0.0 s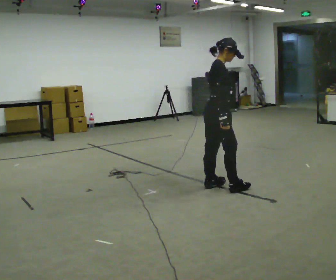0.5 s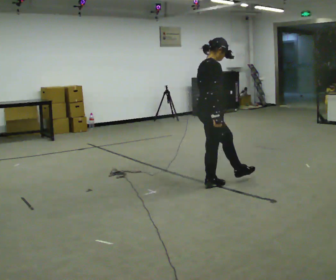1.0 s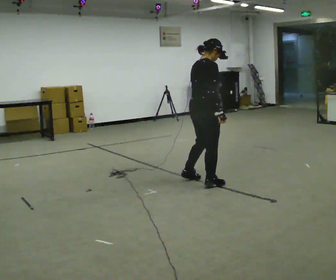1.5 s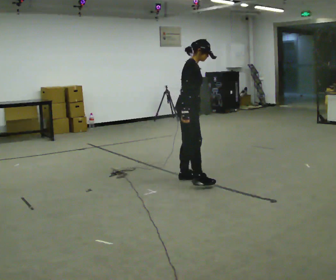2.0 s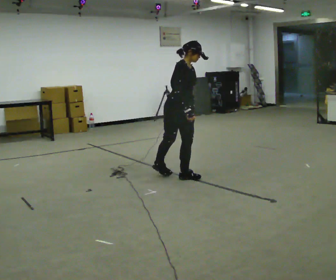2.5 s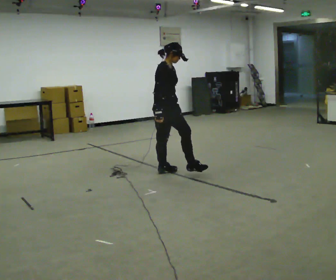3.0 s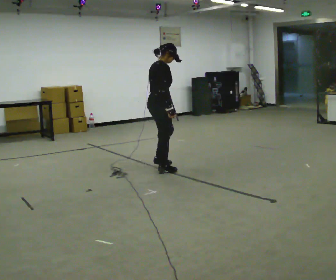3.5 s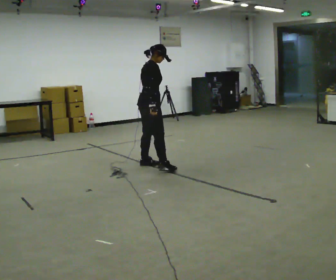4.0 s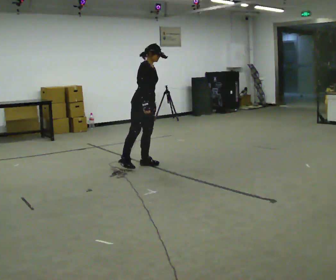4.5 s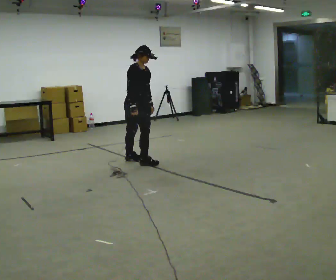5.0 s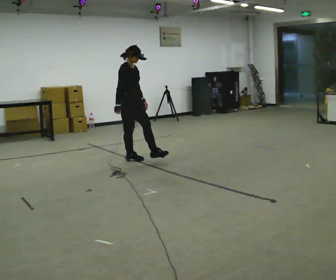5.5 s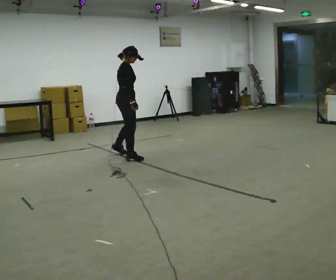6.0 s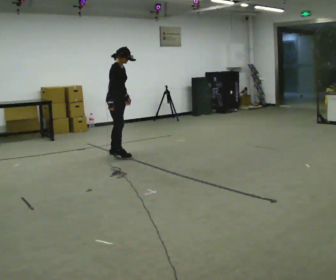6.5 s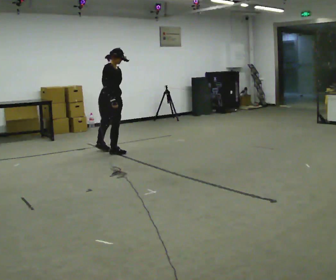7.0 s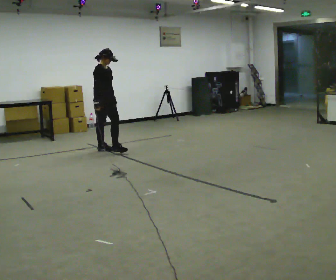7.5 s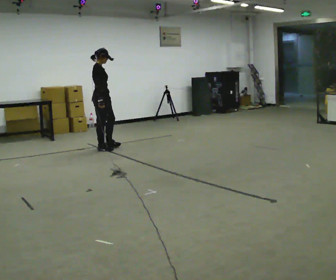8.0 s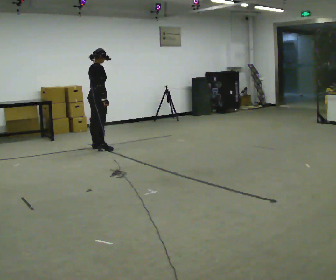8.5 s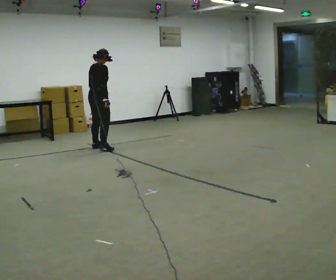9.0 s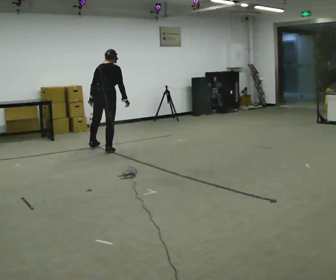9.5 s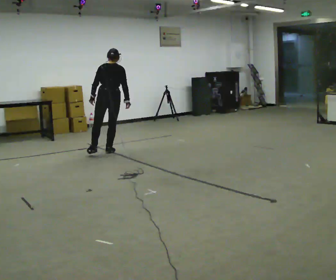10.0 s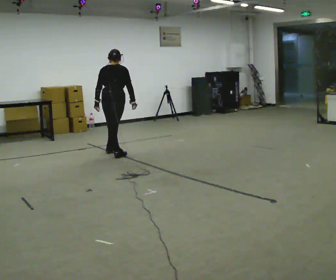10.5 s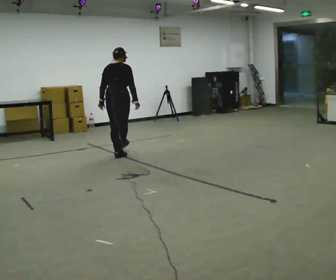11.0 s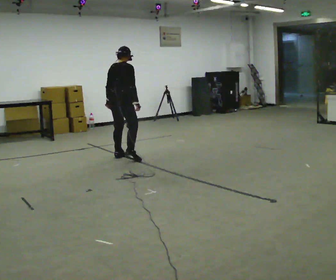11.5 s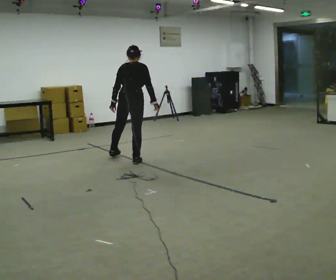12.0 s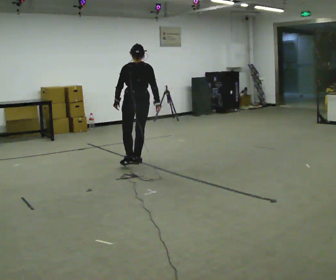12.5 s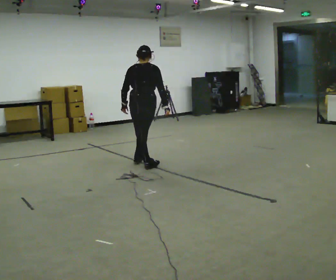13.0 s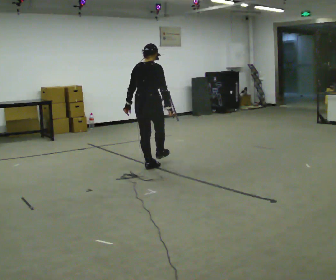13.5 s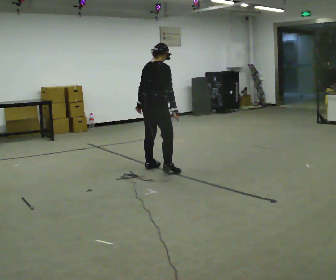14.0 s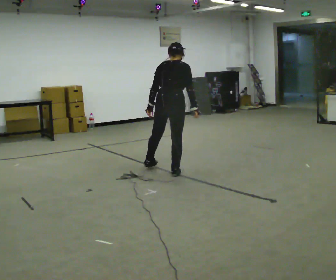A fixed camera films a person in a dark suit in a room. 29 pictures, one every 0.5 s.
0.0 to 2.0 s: In the picture they go away from the camera and to the left, about 0.5 m in 2 steps.
2.0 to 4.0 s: In the picture they go away from the camera and to the left, about 1 m in 2 steps.
4.0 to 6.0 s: In the picture they go away from the camera and to the left, about 0.5 m in 2 steps, which for them is backward and to their left.
6.0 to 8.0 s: The part of the body nearest the lens slides to the right as the person turns to their left by about 30 degrees. In the picture they go away from the camera and to the left, about 0.5 m in 1 step.
8.0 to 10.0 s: The person turns about 75 degrees to their left, counterclockwise seen from above, so the part of the body nearest the lens slides to the right. In the picture they go toward the camera and to the right, about 0.5 m in 2 steps.
10.0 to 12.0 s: In the picture they go toward the camera and to the right, about 0.5 m in 2 steps, which for them is to their right.
12.0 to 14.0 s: The person turns about 30 degrees to their right, clockwise seen from above, so the part of the body nearest the lens slides to the left. In the picture they go toward the camera and to the right, about 0.75 m in 2 steps.
The film runs backward here.
